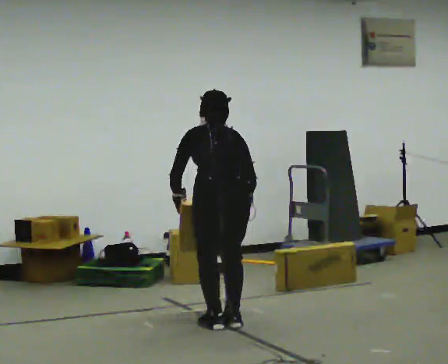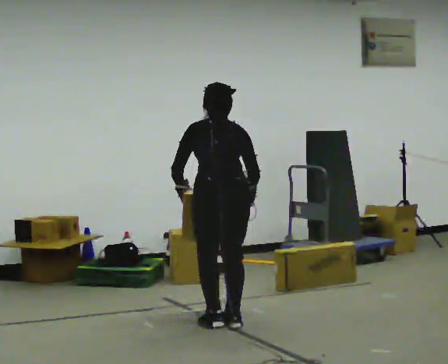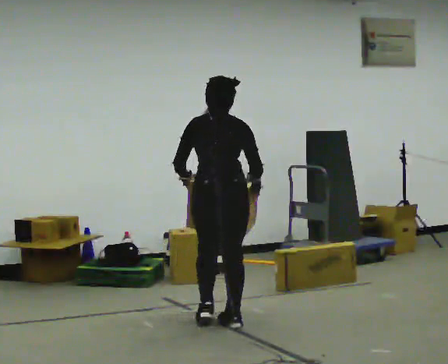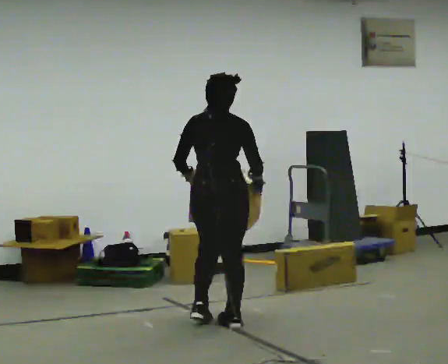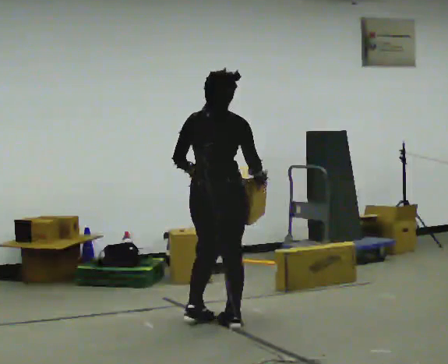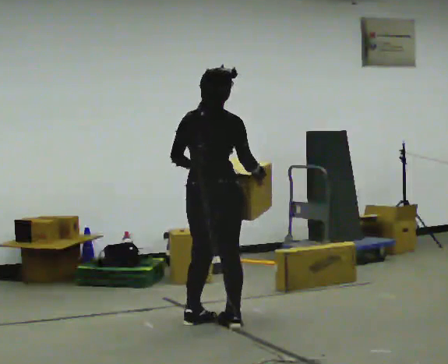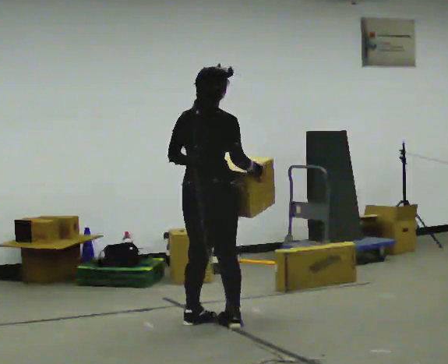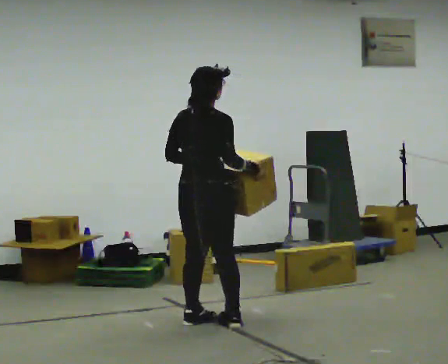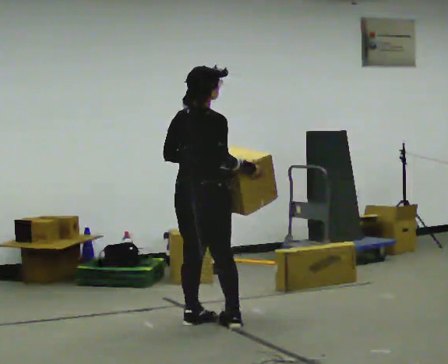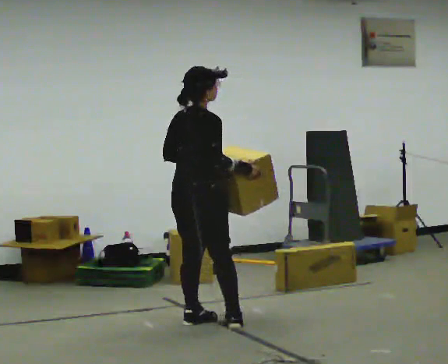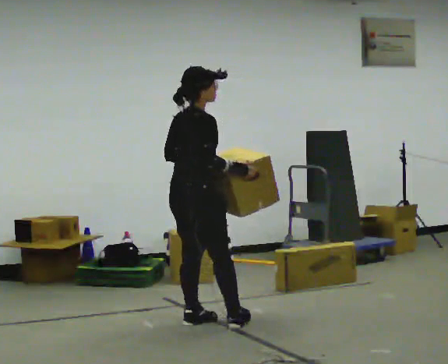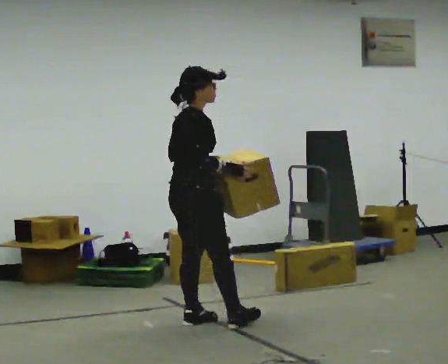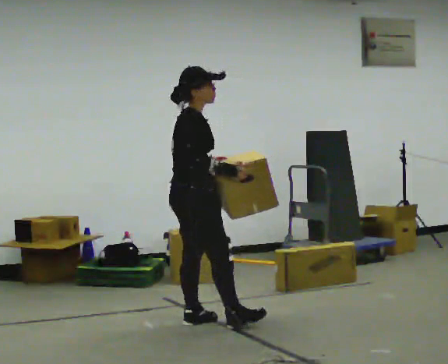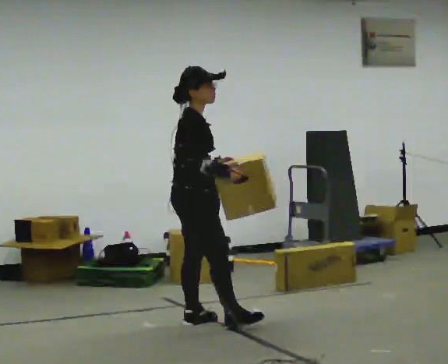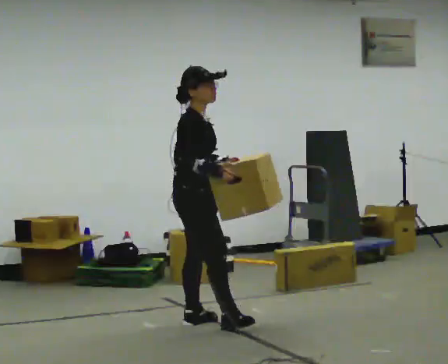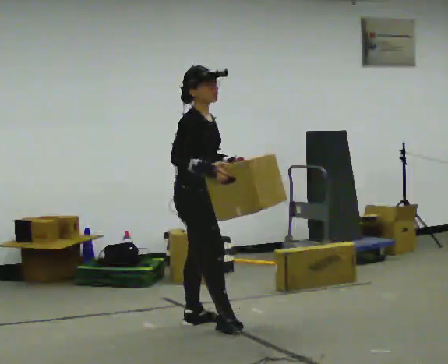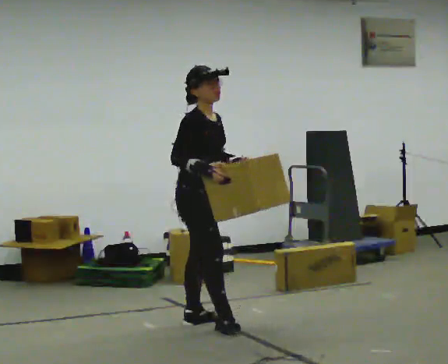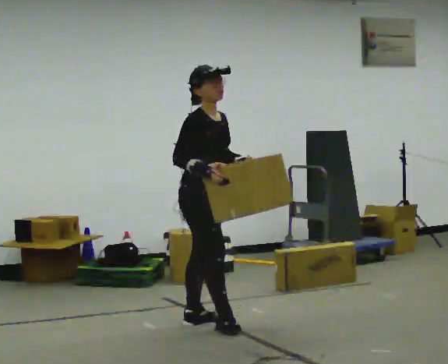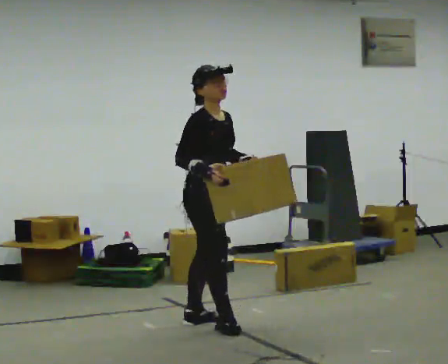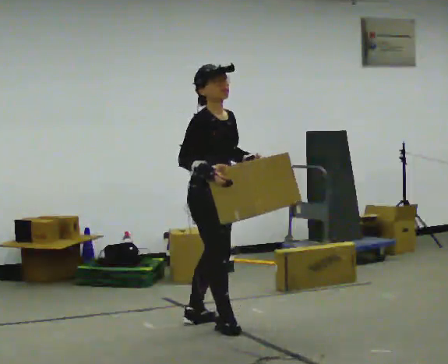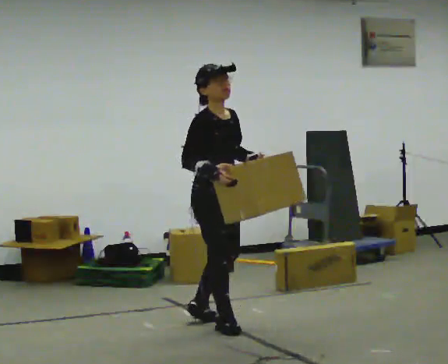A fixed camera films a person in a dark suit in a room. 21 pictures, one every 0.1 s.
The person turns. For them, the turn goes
to their right.
The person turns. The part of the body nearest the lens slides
to the left.
0.0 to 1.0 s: Seen from above the body turns clockwise, about 60 degrees: to their right, with its near side sliding to the left. In the picture they go to the left, about 0.25 m in 1 step. The upper body tips toward the camera, its near side rolling downward, as they lean back or straighten.
1.0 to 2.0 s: Seen from above the body turns clockwise, about 60 degrees: to their right, with its near side sliding to the left.
The film runs forward here.
